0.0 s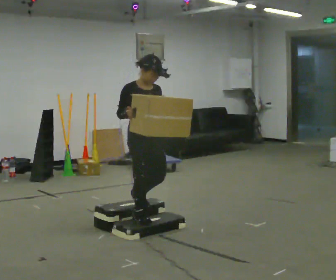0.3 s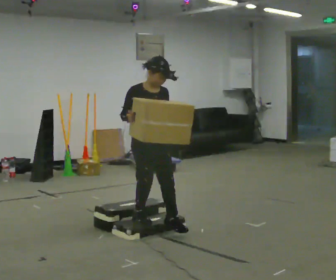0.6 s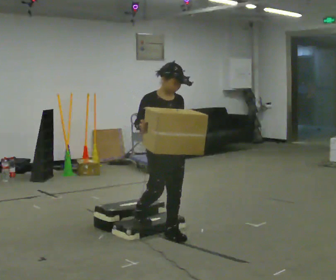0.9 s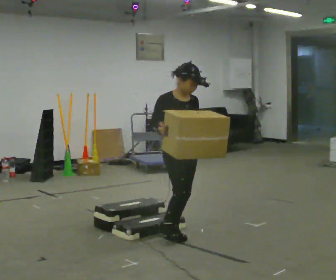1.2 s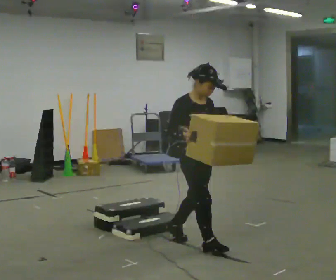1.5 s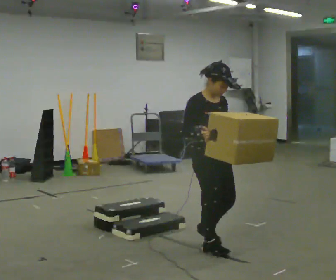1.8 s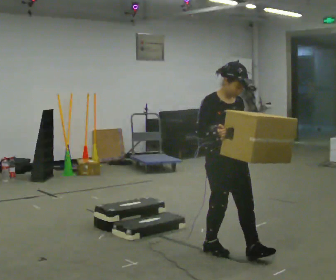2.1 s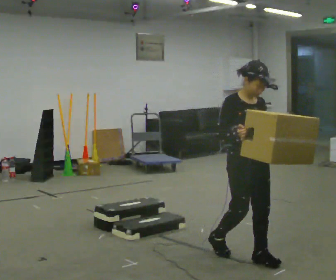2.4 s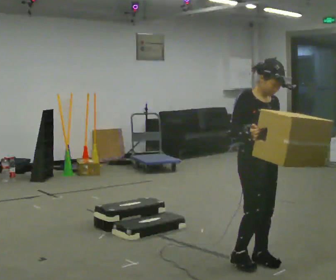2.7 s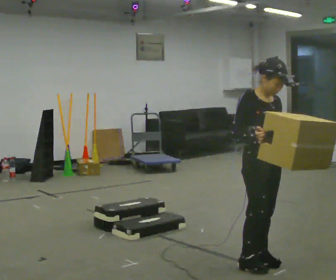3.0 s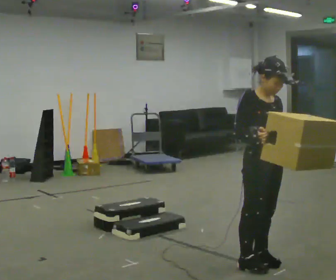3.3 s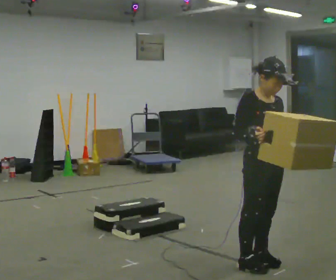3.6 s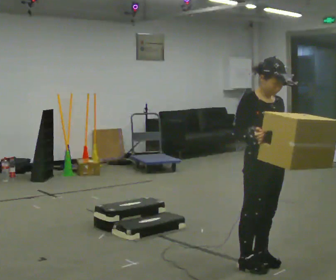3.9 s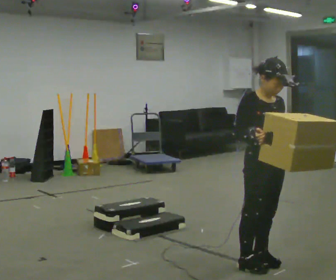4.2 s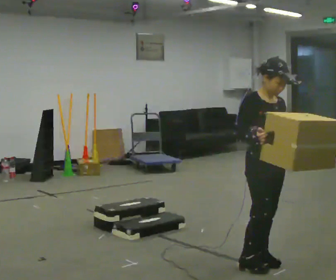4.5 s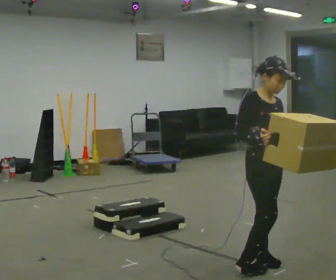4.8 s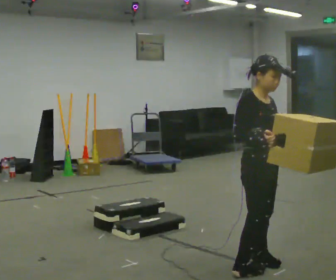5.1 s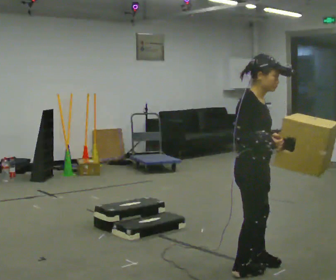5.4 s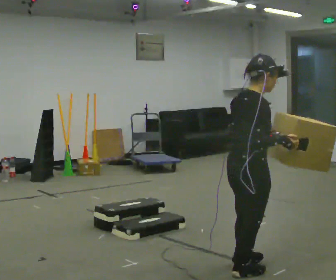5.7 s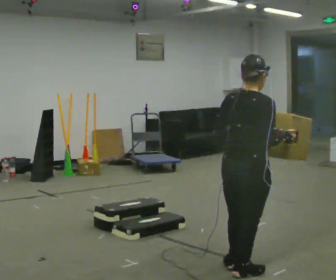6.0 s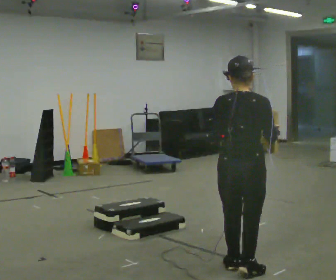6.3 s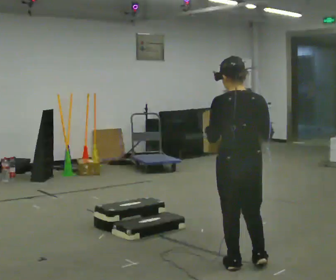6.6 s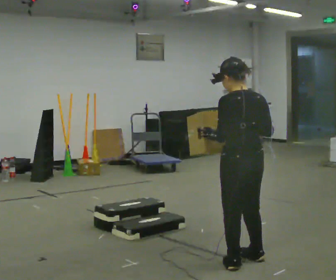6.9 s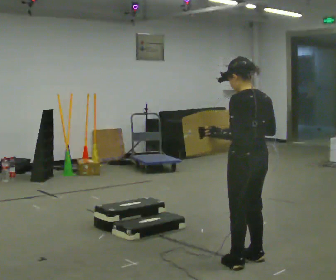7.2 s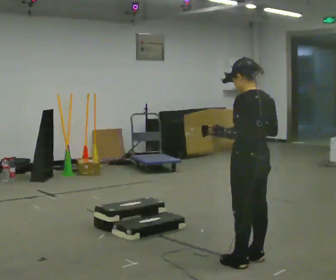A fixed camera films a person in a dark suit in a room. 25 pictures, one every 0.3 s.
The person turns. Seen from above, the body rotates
counterclockwise.
The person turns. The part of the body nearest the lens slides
to the right.
0.0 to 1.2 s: In the picture they go to the right and toward the camera, about 0.5 m in 2 steps, which for them is forward.
1.2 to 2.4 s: In the picture they go to the right and toward the camera, about 0.5 m in 1 step, which for them is forward.
2.4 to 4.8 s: In the picture they go toward the camera, about 0.25 m in 2 steps, which for them is forward.
4.8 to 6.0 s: Seen from above the body turns counterclockwise, about 120 degrees: to their left, with its near side sliding to the right.
6.0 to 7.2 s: The person turns about 60 degrees to their left, counterclockwise seen from above, so the part of the body nearest the lens slides to the right. In the picture they go away from the camera, about 0.25 m in 1 step, which for them is to their right.
The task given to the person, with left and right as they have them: Carry the box up the three steps, turn at the top, and carry it back down. Use the handrail only if you need it. Keep going until the operator says stop; one object at a time, and do not rush between trips.
The film runs forward here.
